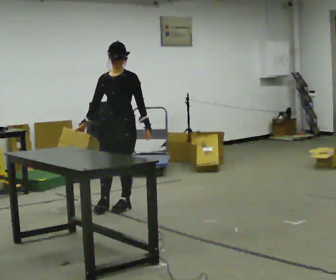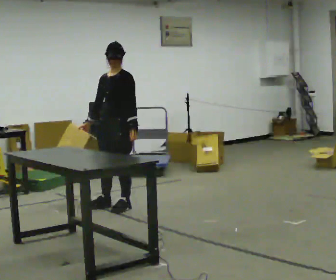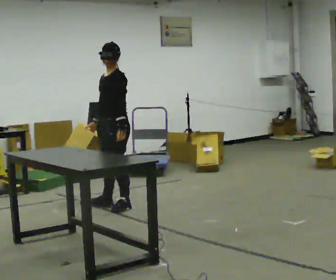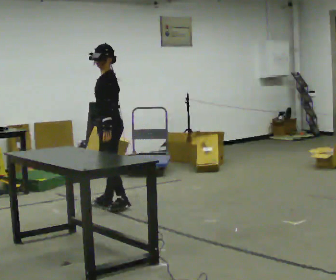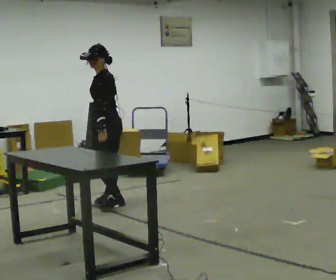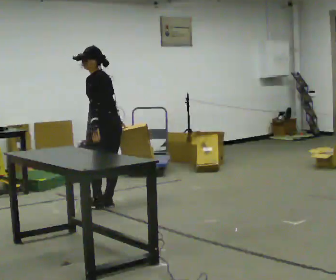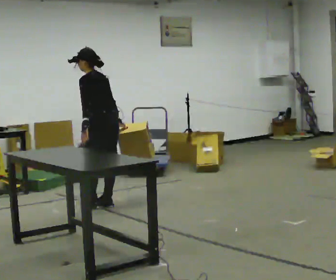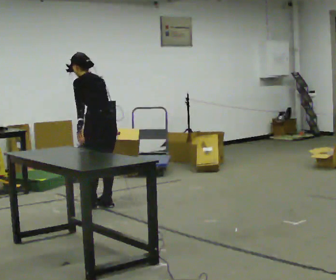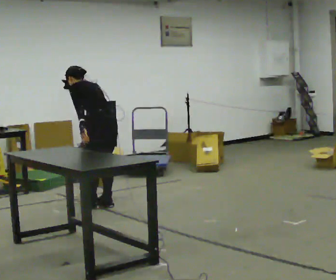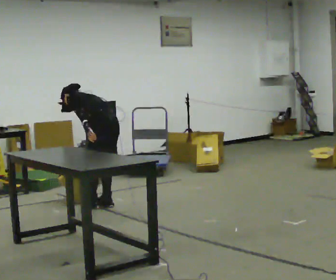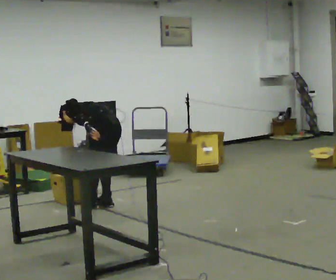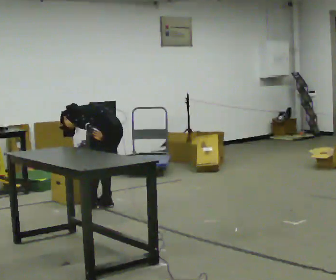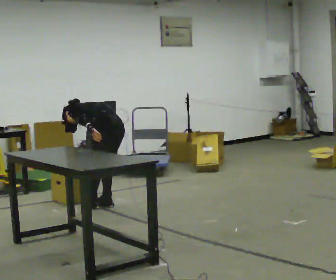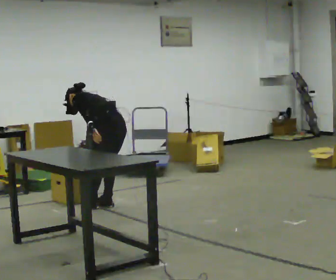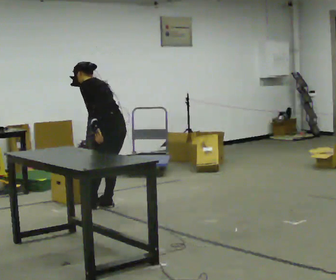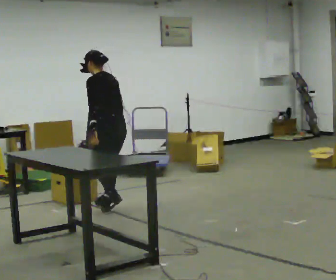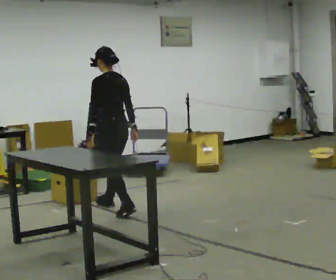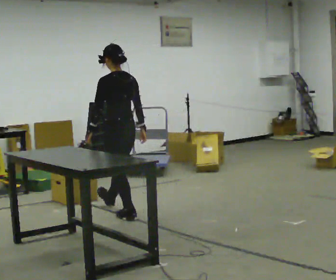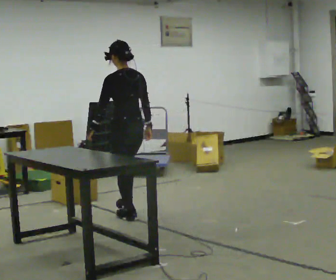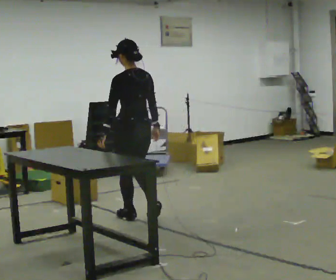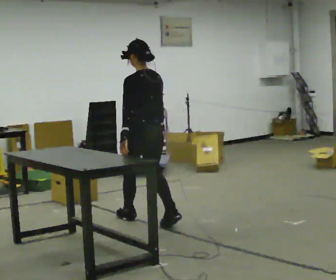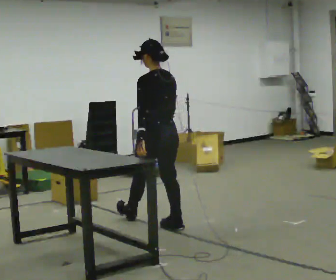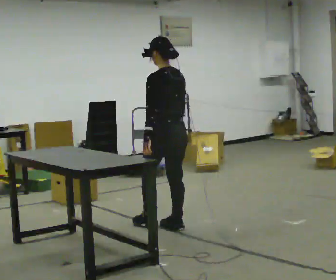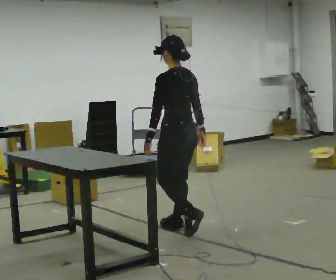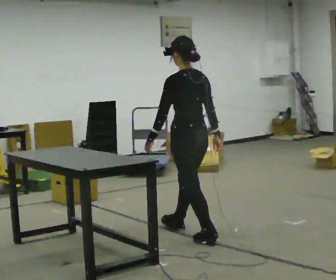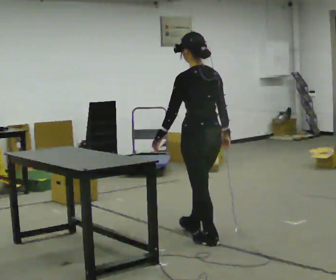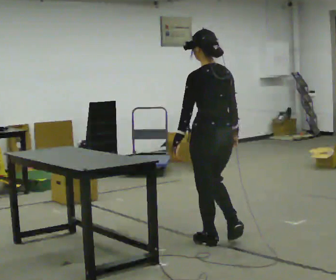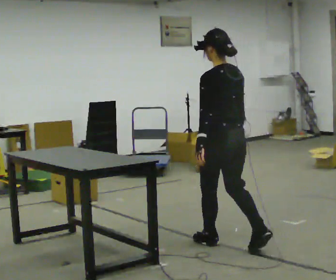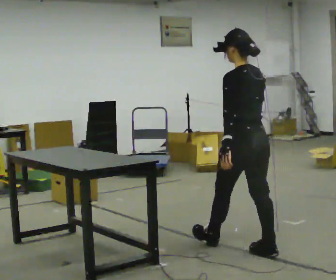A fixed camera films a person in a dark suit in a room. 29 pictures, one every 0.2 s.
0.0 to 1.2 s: The part of the body nearest the lens slides to the left as the person turns to their right by about 120 degrees. In the picture they go to the left, about 0.25 m in 1 step. In the picture their right hand goes to the right, the arm swinging counterclockwise.
1.2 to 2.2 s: The shoulders move downward. The upper body tips away from the camera, its near side rolling upward, as they bend forward.
2.2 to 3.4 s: In the picture they go toward the camera, about 0.25 m in 2 steps, which for them is backward. The shoulders move upward. The upper body tips toward the camera, its near side rolling downward, as they lean back or straighten.
3.4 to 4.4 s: In the picture they go toward the camera and to the right, about 0.5 m in 1 step, which for them is backward.
4.4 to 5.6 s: In the picture they go toward the camera and to the right, about 1 m in 2 steps, which for them is backward.
The film runs backward here.
